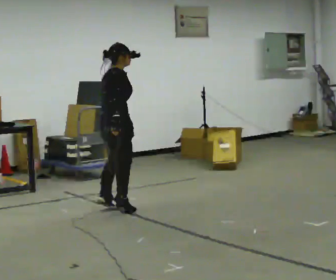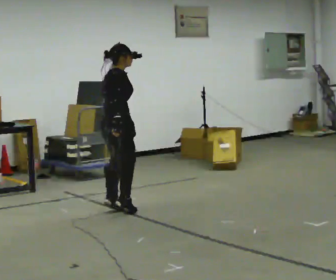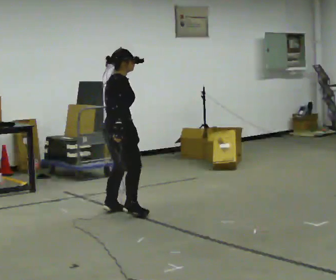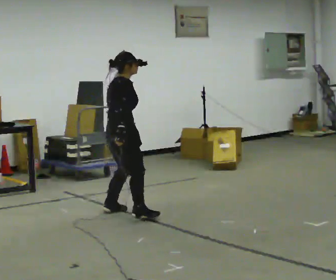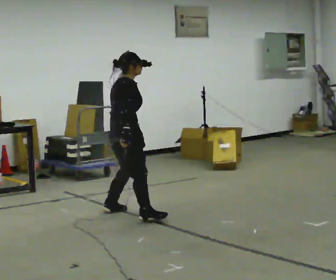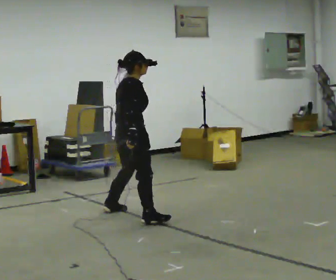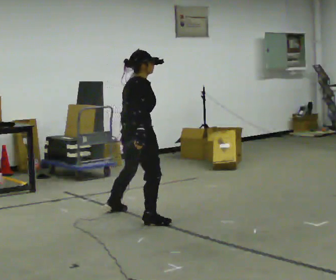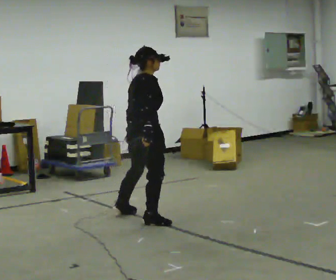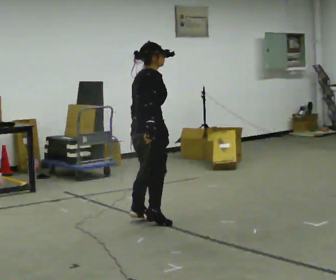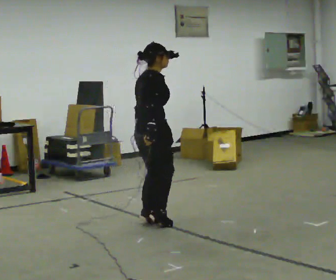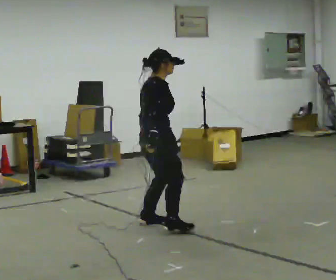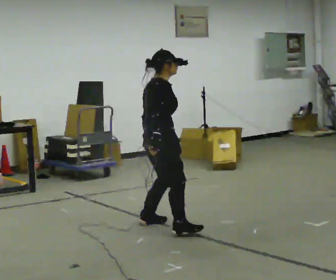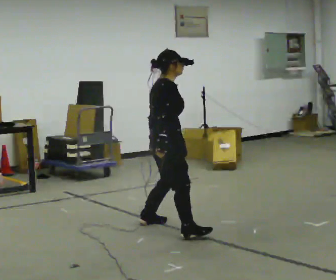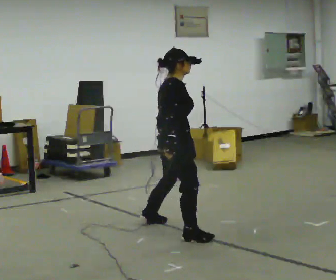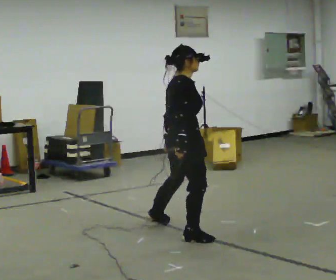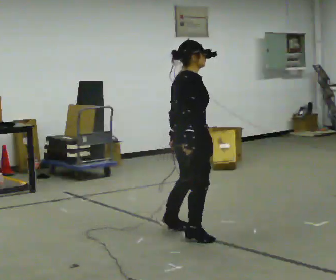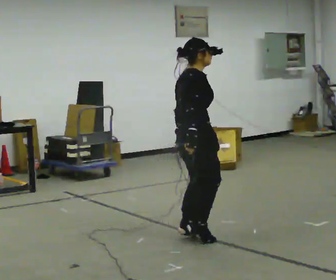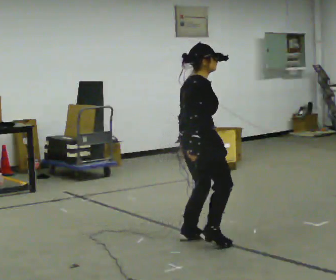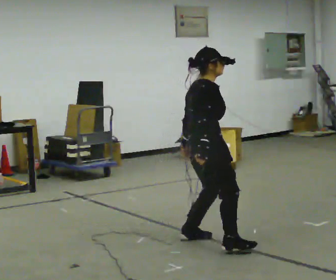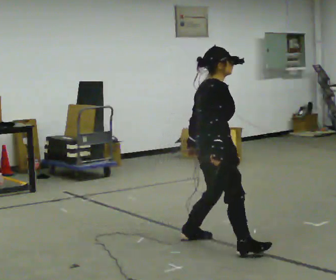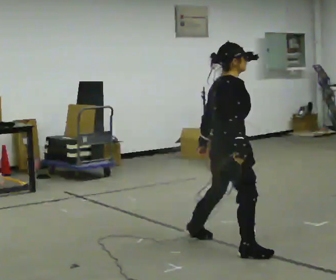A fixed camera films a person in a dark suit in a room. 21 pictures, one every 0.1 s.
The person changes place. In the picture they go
toward the camera.
0.0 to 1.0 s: In the picture they go toward the camera and to the right, about 0.75 m in 3 steps, which for them is to their right.
1.0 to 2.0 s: In the picture they go toward the camera and to the right, about 1 m in 3 steps, which for them is to their right.
The film runs forward here.
